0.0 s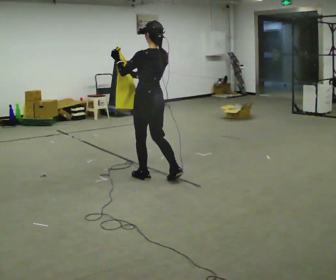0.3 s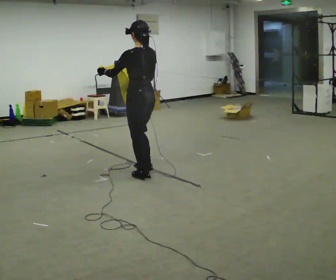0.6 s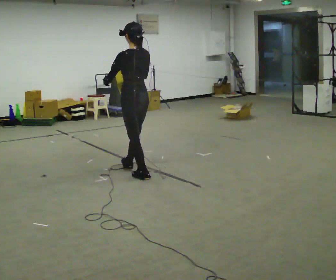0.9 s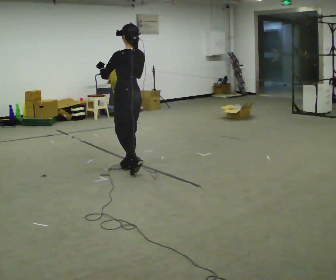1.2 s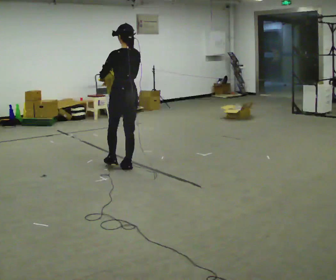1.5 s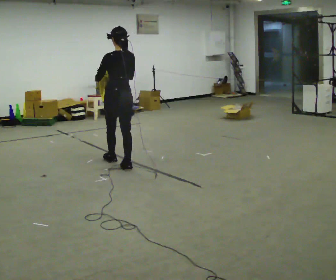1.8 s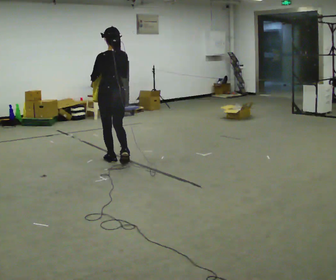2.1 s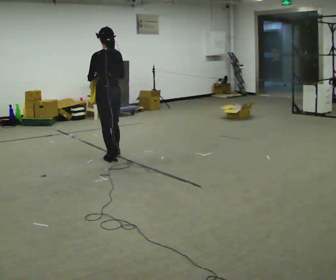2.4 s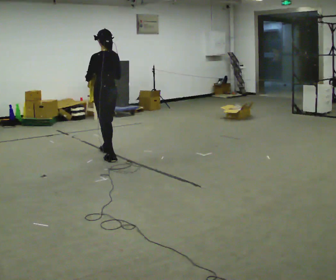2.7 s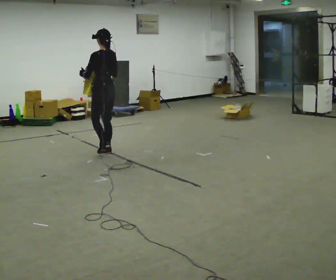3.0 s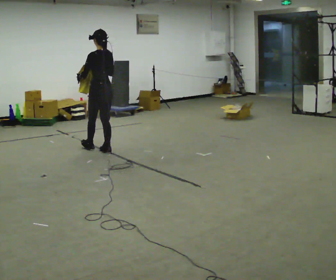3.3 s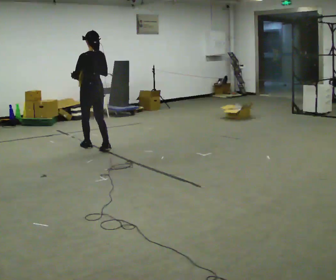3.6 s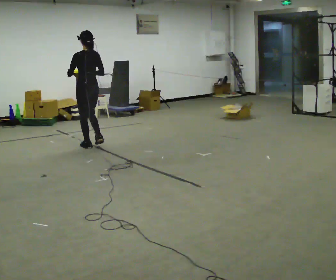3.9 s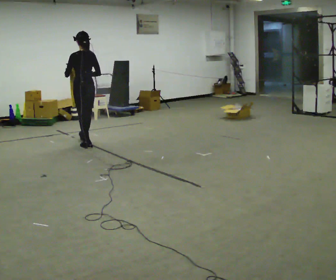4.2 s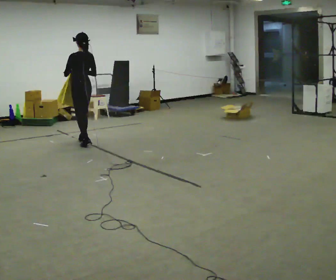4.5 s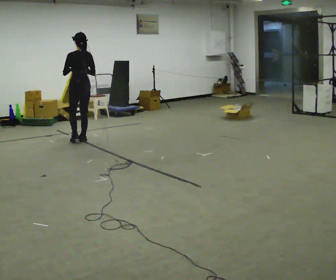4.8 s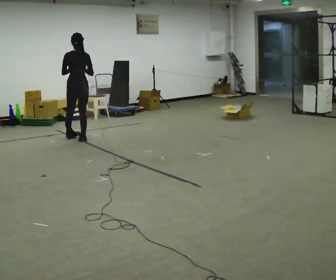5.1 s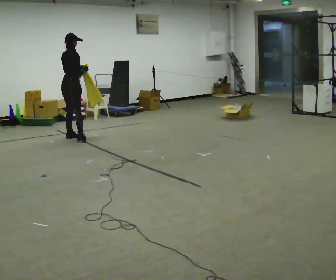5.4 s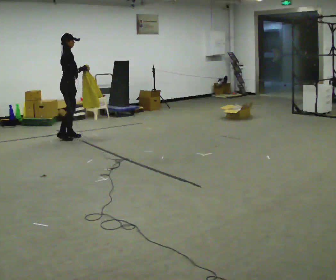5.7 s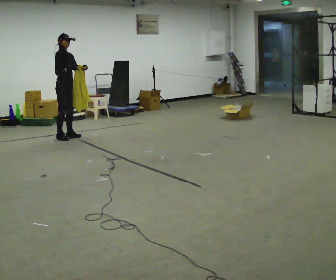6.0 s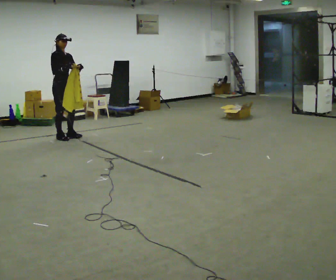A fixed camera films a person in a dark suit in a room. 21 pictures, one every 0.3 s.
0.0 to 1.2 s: In the picture they go away from the camera and to the left, about 0.5 m in 1 step, which for them is forward.
1.2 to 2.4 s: In the picture they go away from the camera, about 0.5 m in 2 steps, which for them is forward.
2.4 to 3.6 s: In the picture they go away from the camera and to the left, about 0.5 m in 1 step, which for them is forward.
3.6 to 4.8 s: The person turns about 30 degrees to their right, clockwise seen from above, so the part of the body nearest the lens slides to the left. In the picture they go away from the camera, about 0.5 m in 1 step, which for them is forward.
4.8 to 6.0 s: The person turns about 135 degrees to their right, clockwise seen from above, so the part of the body nearest the lens slides to the left. In the picture they go to the left and away from the camera, about 0.25 m in 2 steps.
The film runs forward here.
